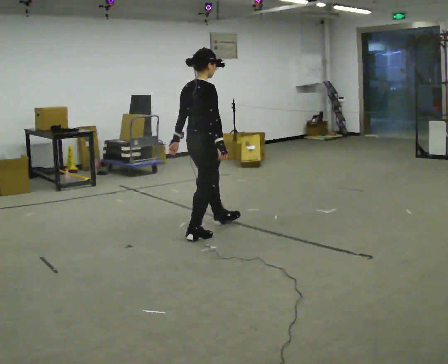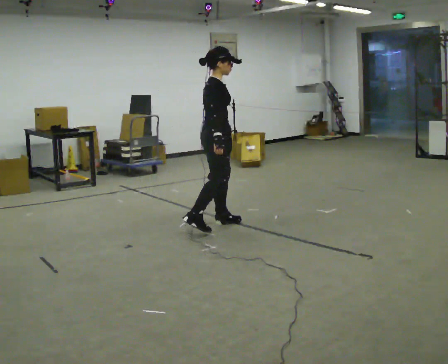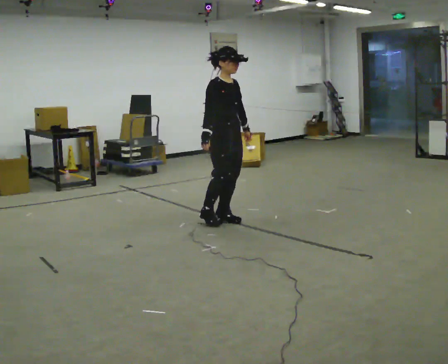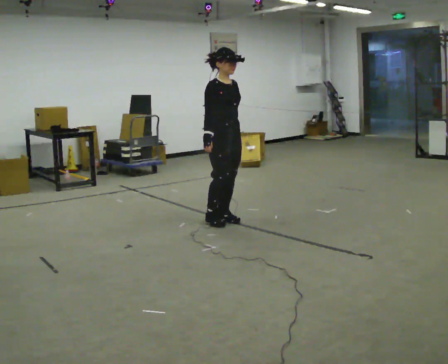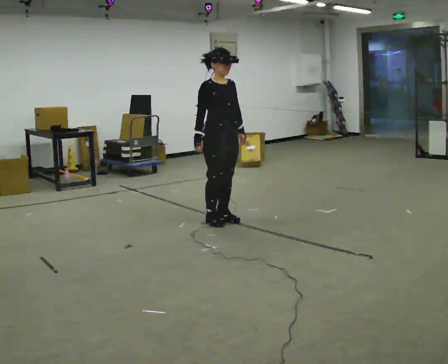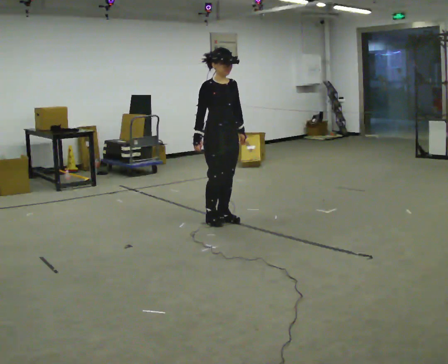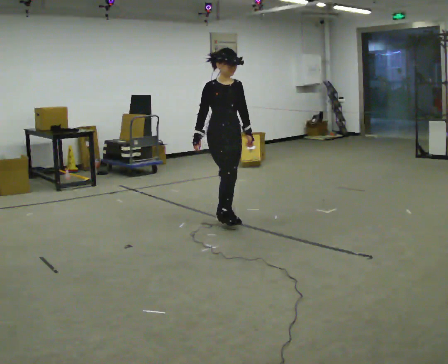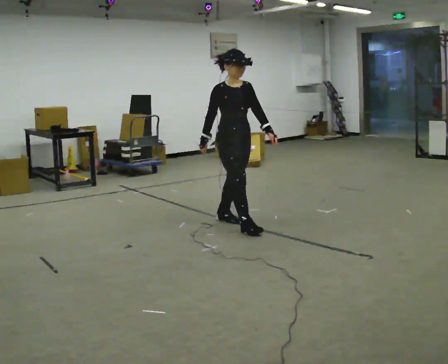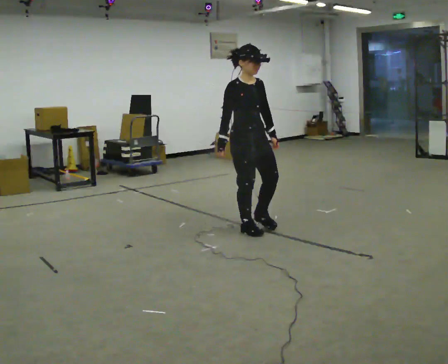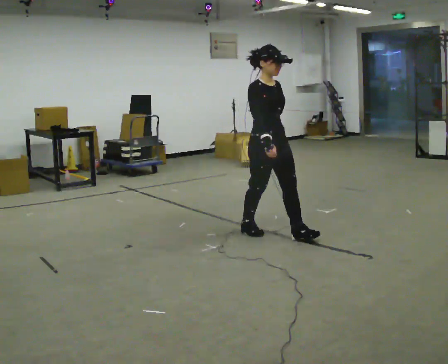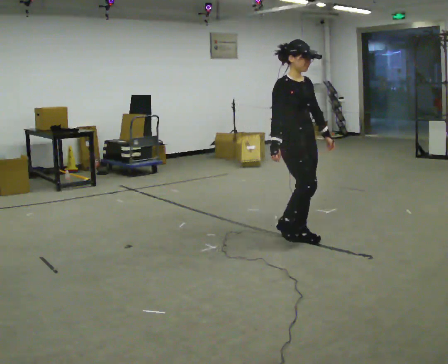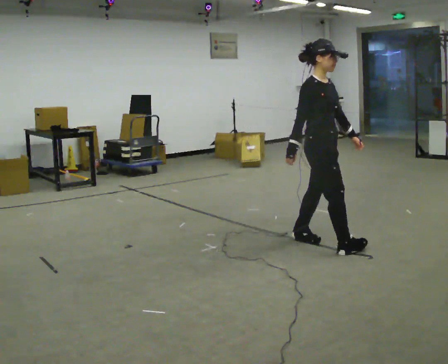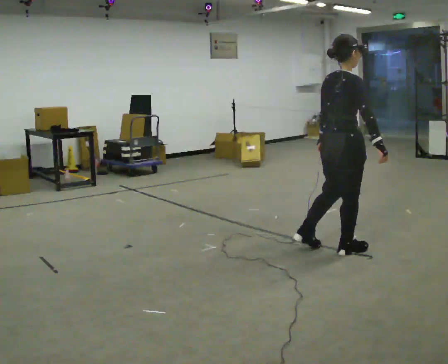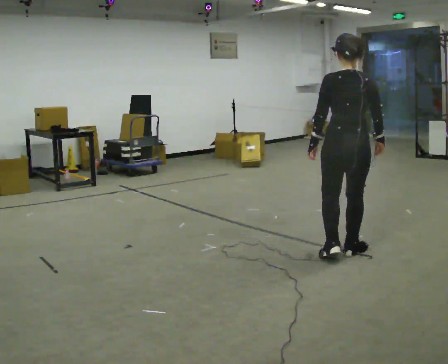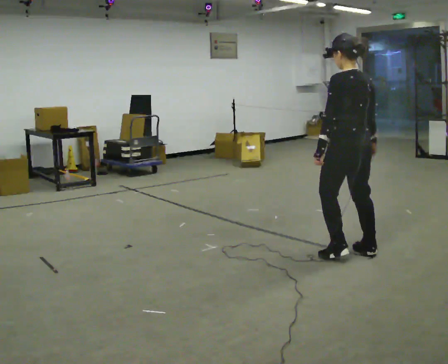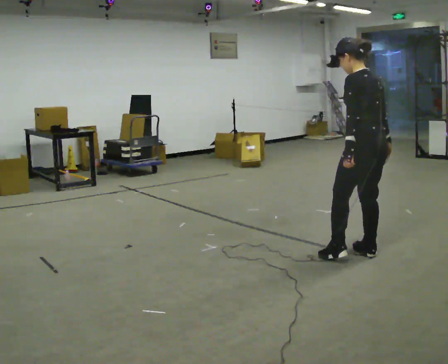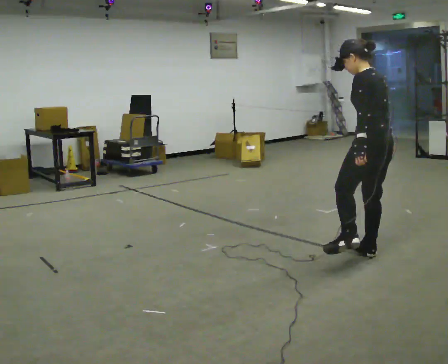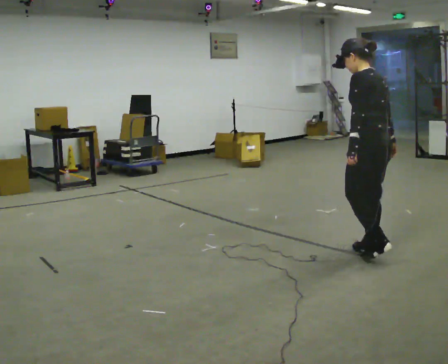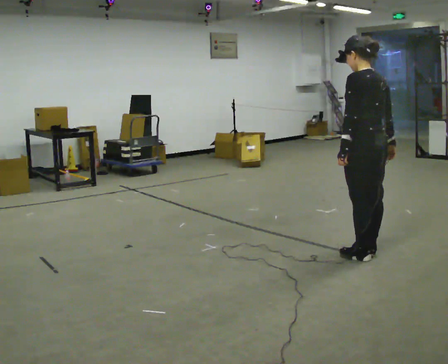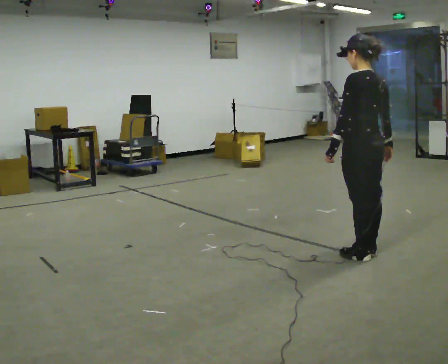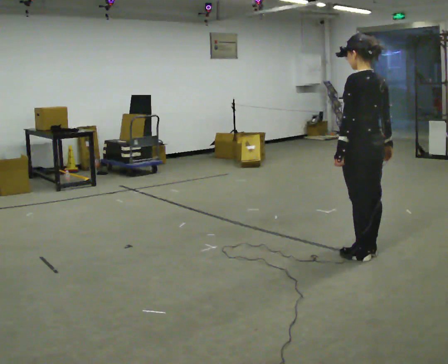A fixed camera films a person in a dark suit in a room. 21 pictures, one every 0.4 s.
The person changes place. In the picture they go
to the right.
0.0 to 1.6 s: Seen from above the body turns clockwise, about 90 degrees: to their right, with its near side sliding to the left. In the picture they go away from the camera, about 0.5 m in 1 step.
1.6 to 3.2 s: In the picture they go toward the camera and to the right, about 0.5 m in 1 step, which for them is forward.
3.2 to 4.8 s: The part of the body nearest the lens slides to the right as the person turns to their left by about 75 degrees. In the picture they go to the right and toward the camera, about 1 m in 2 steps.
4.8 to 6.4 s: The part of the body nearest the lens slides to the right as the person turns to their left by about 105 degrees. In the picture they go to the right, about 0.25 m in 2 steps.
6.4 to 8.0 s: The person moves a little, or ends about where they began.
The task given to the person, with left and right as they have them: Walk; stop fully; turn 90° left/right while standing; walk new direction.
The film runs forward here.
